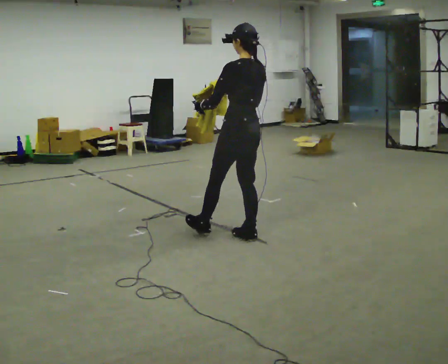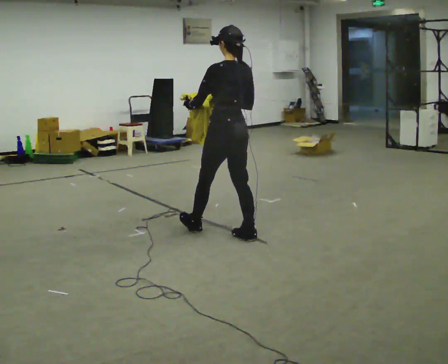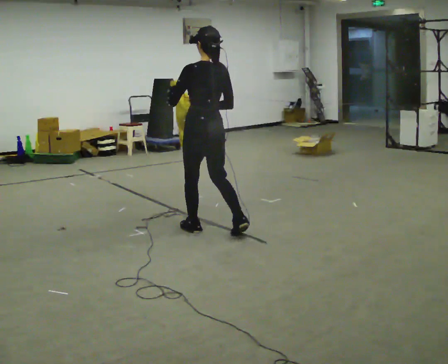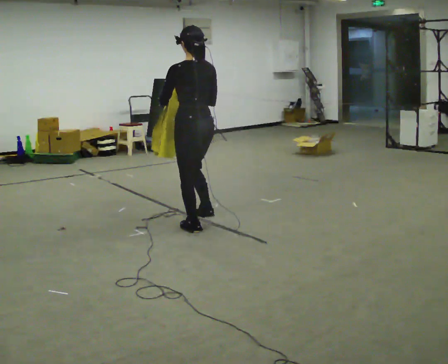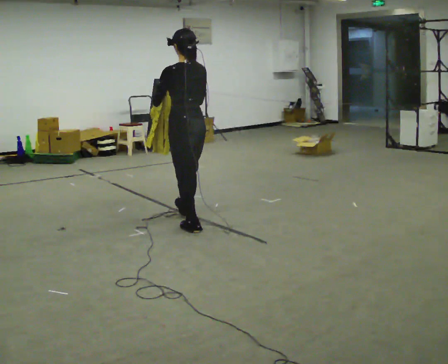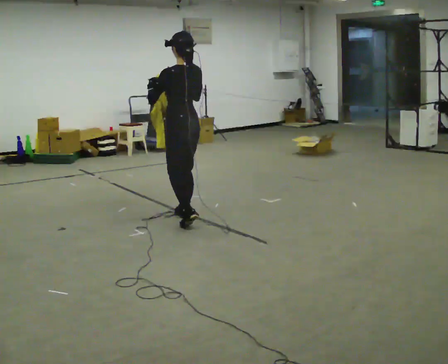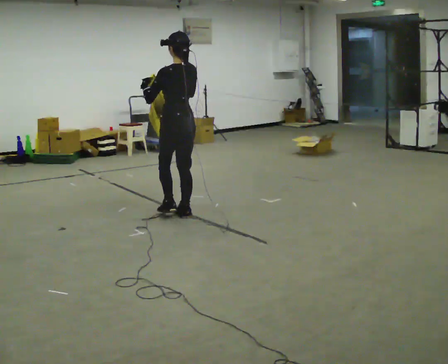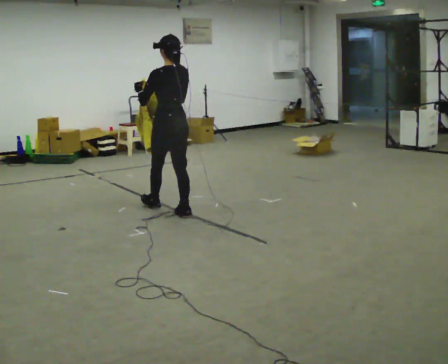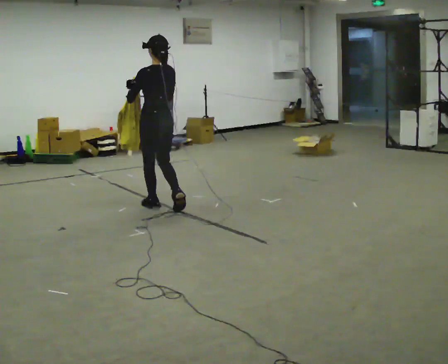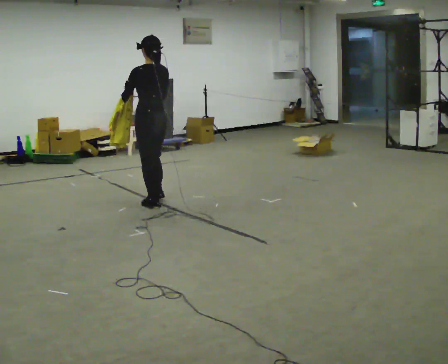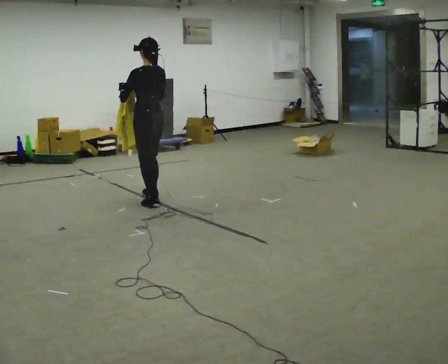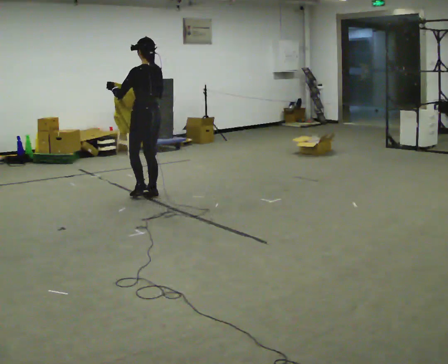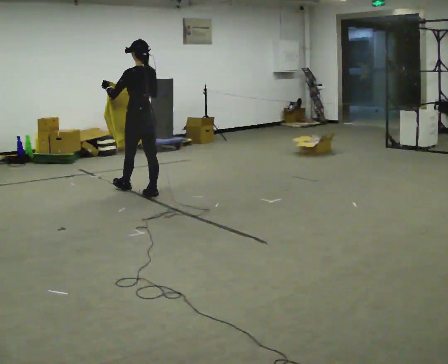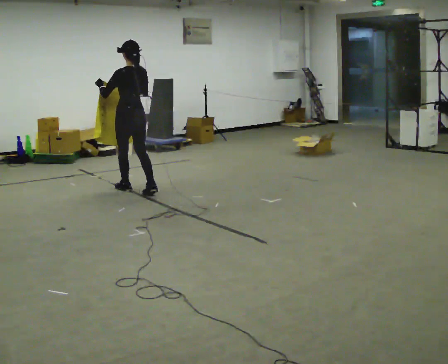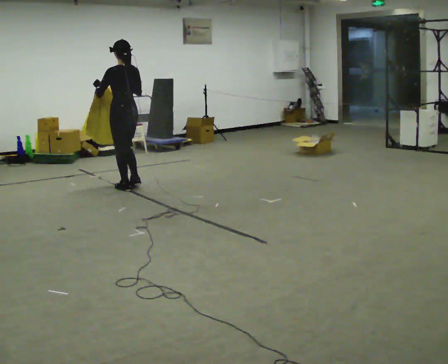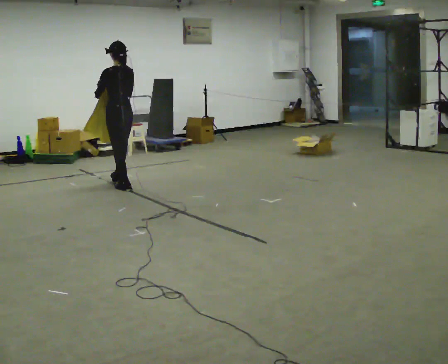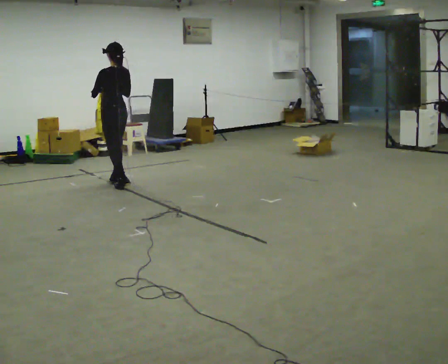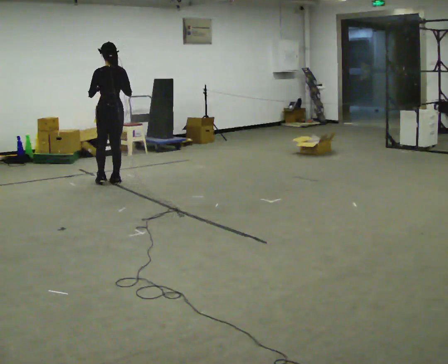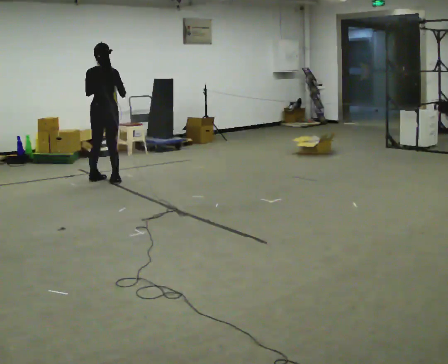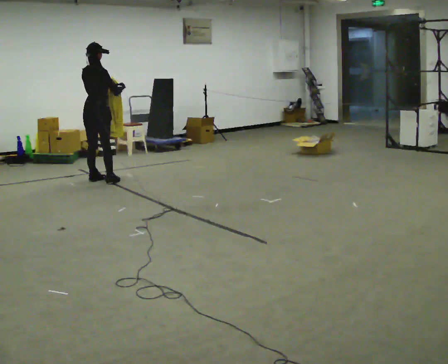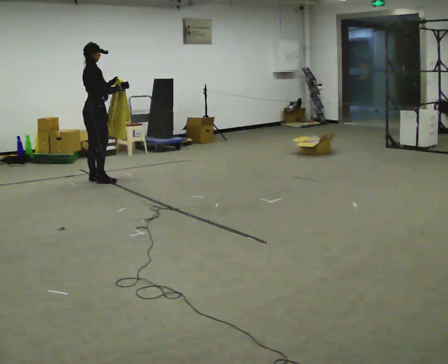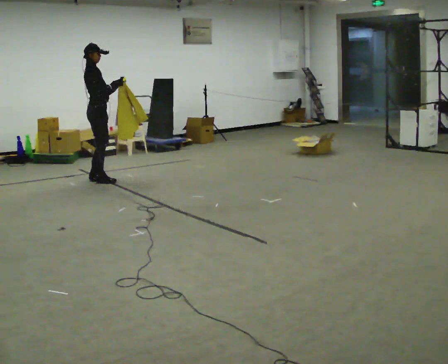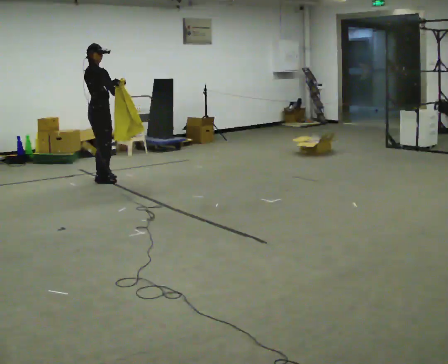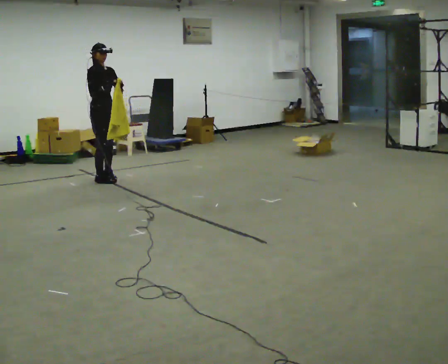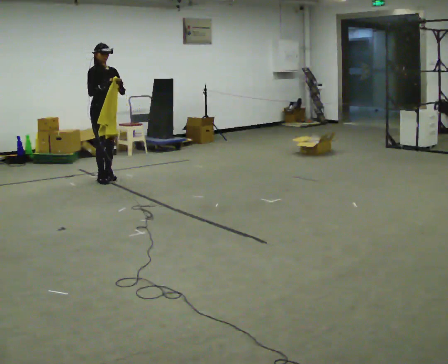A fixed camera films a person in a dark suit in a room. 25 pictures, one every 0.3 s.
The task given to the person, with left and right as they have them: Carry the cloth and, while walking, fold it in half, then unfold it. Keep repeating as you walk. Do not stop.
0.0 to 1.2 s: In the picture they go away from the camera and to the left, about 0.5 m in 2 steps, which for them is forward and to their left.
1.2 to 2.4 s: In the picture they go away from the camera, about 0.75 m in 1 step, which for them is forward.
2.4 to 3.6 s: In the picture they go away from the camera, about 0.5 m in 1 step, which for them is forward.
3.6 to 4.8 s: In the picture they go away from the camera and to the left, about 0.5 m in 2 steps, which for them is forward.
4.8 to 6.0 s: Seen from above the body turns clockwise, about 105 degrees: to their right, with its near side sliding to the left. In the picture they go to the left and away from the camera, about 0.25 m in 2 steps.
6.0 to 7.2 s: The part of the body nearest the lens slides to the left as the person turns to their right by about 75 degrees. In the picture they go away from the camera, about 0.25 m in 1 step.
The film runs forward here.
